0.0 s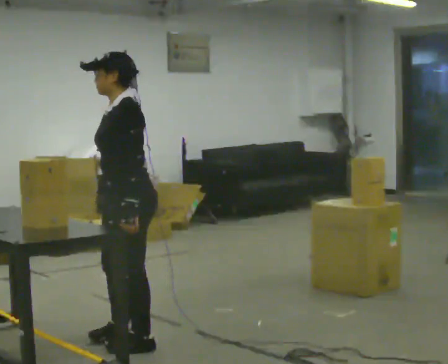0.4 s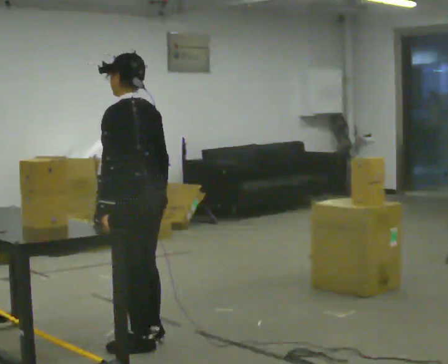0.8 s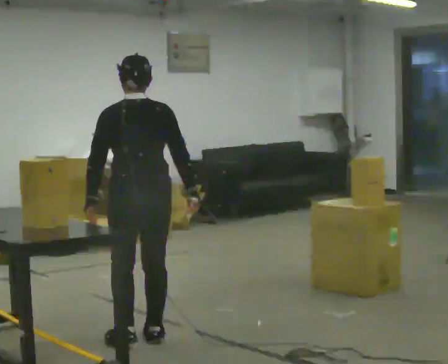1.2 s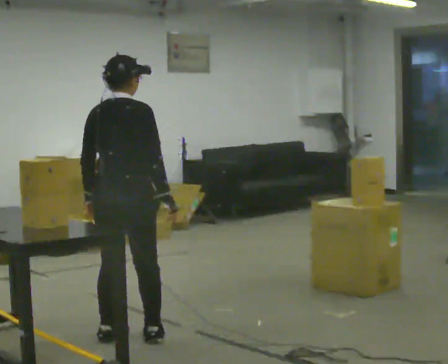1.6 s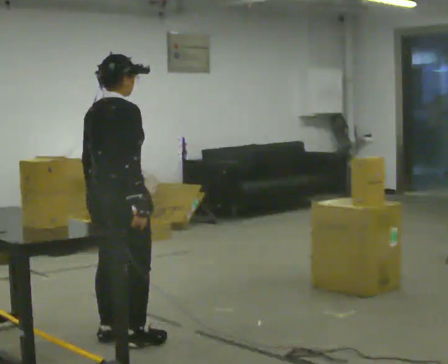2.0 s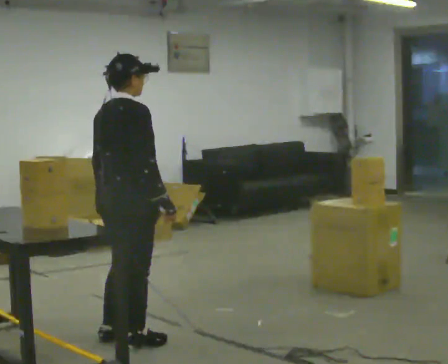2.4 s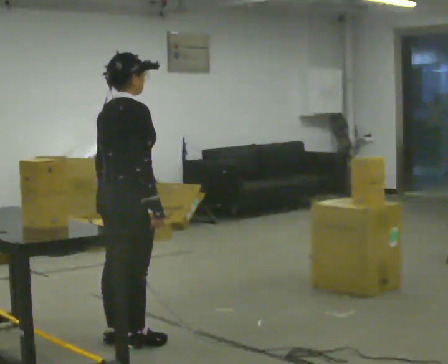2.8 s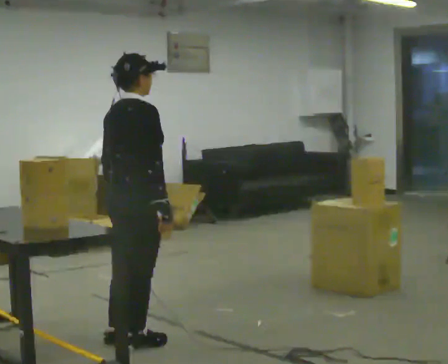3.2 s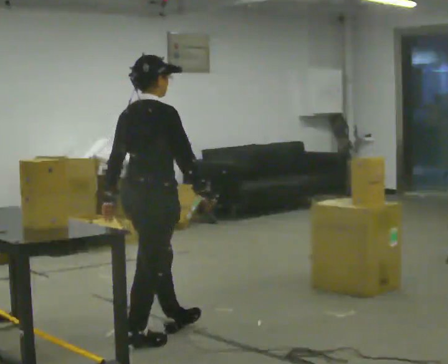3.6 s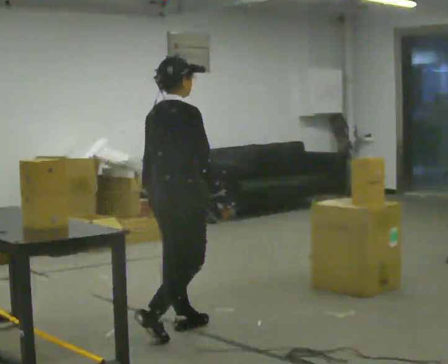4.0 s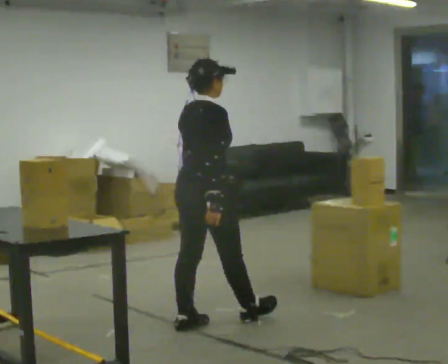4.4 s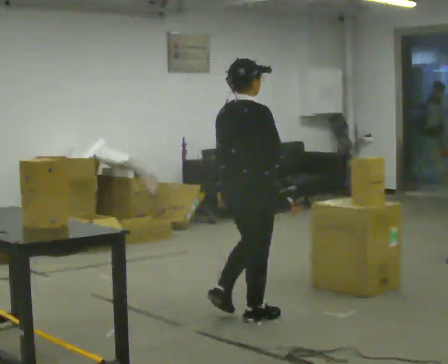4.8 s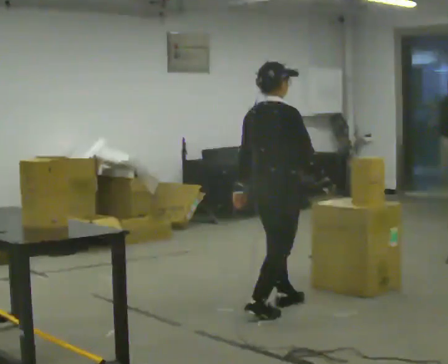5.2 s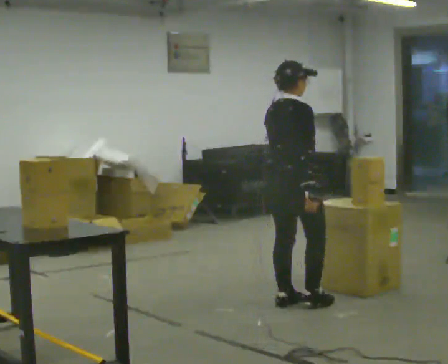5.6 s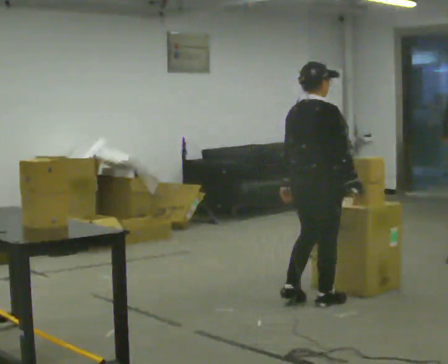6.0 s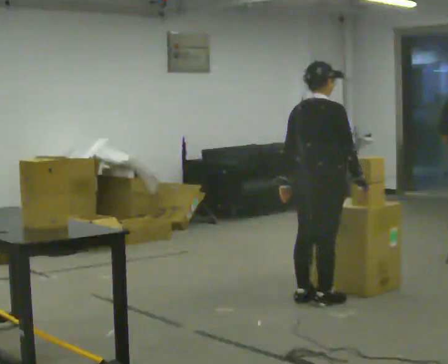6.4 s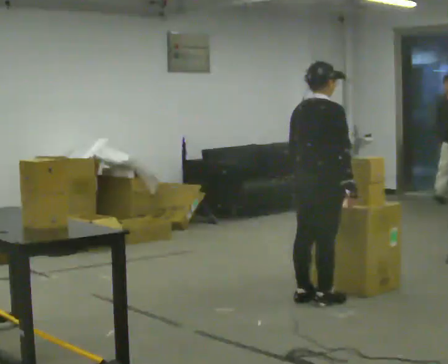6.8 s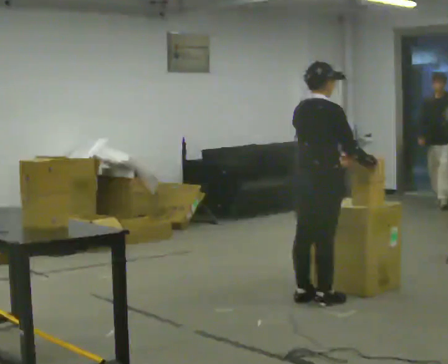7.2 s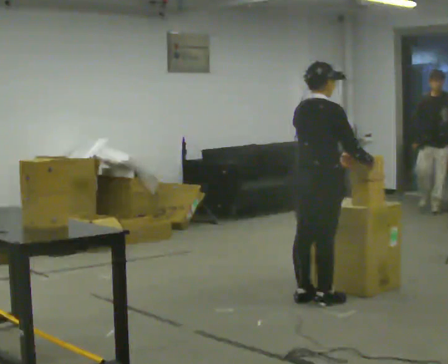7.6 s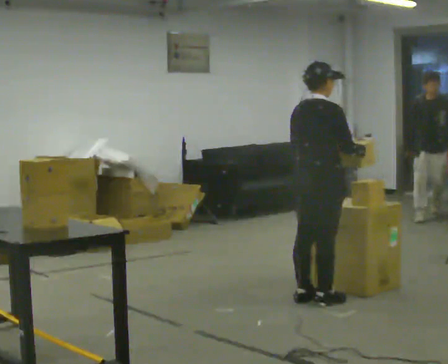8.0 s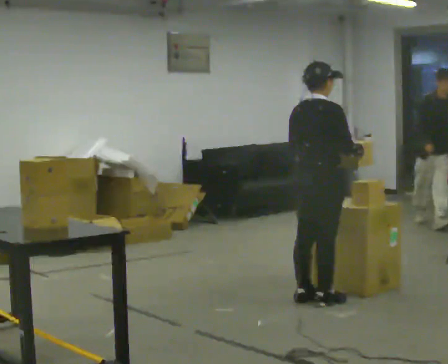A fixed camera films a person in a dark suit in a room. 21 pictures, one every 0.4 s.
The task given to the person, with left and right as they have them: Move objects one at a time from the waist-height shelf at one end of the room to the waist-height shelf at the other end. Keep going until the operator says stop; one object at a time, and do not rush between trips.
0.0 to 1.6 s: The part of the body nearest the lens slides to the left as the person turns to their right by about 150 degrees. In the picture they go away from the camera, about 0.25 m in 2 steps.
1.6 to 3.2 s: In the picture they go to the right, about 0.25 m, which for them is forward and to their right. In the picture their right hand goes to the right.
3.2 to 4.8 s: In the picture they go to the right and away from the camera, about 1 m in 3 steps, which for them is forward.
4.8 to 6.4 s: In the picture they go to the right and away from the camera, about 0.25 m in 2 steps, which for them is forward.
6.4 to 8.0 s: The person moves a little, or ends about where they began.
The film runs forward here.
